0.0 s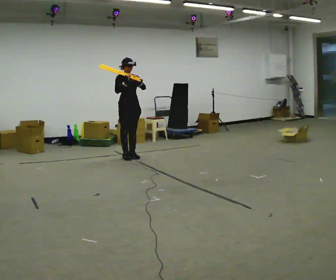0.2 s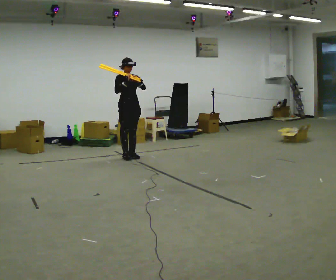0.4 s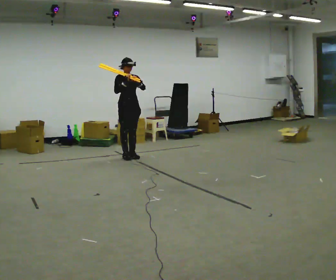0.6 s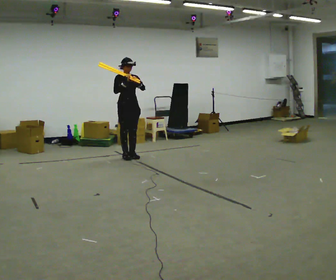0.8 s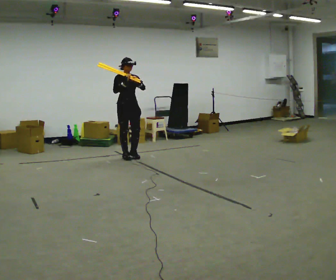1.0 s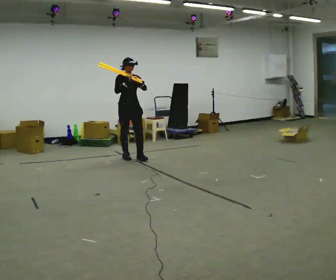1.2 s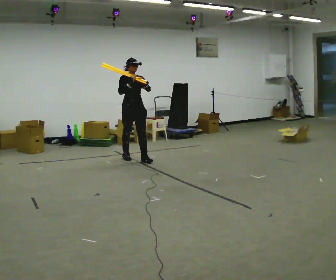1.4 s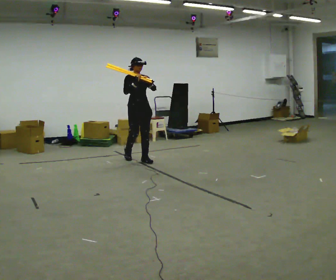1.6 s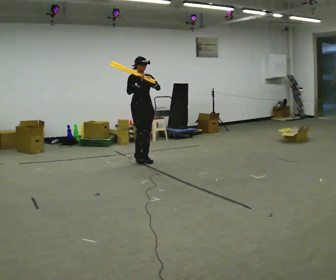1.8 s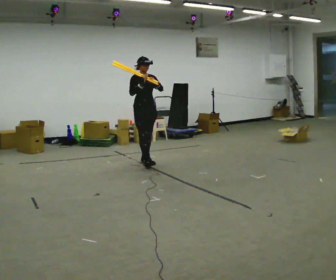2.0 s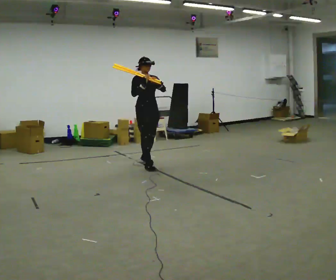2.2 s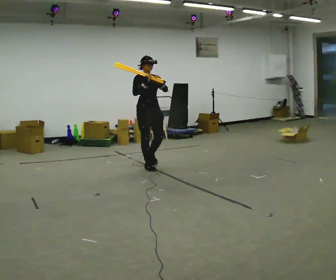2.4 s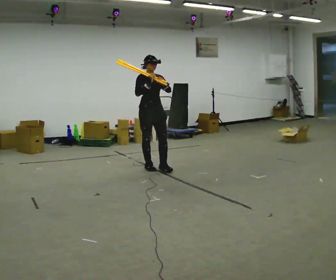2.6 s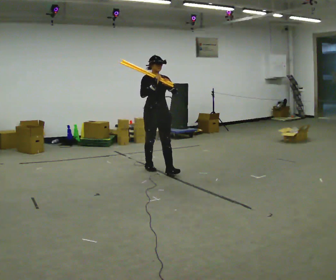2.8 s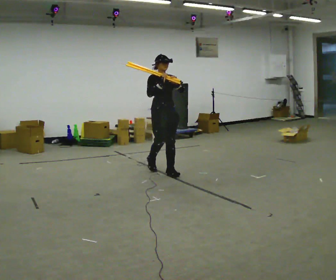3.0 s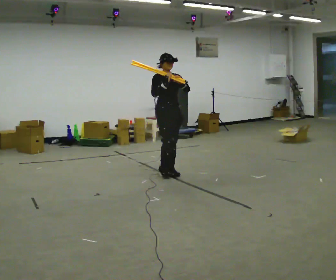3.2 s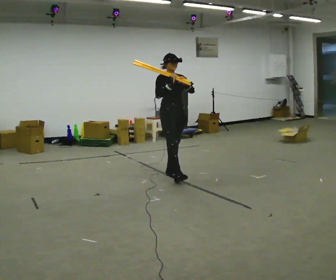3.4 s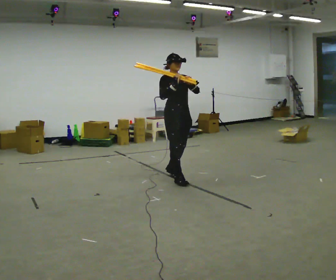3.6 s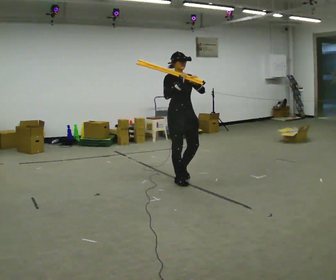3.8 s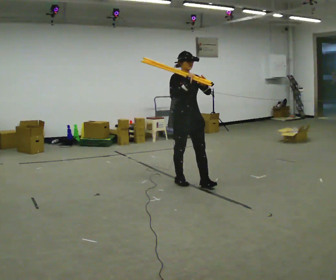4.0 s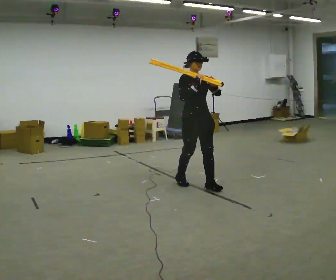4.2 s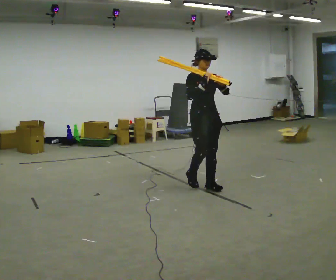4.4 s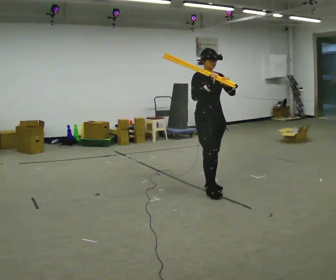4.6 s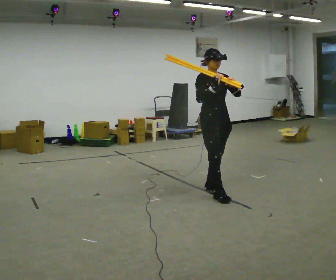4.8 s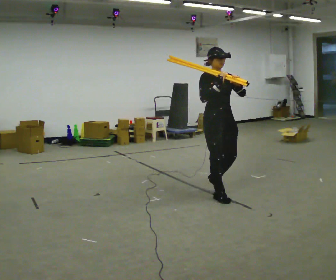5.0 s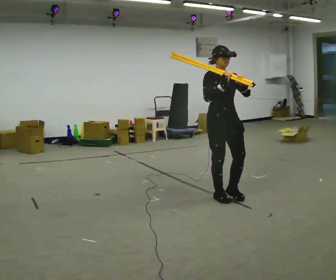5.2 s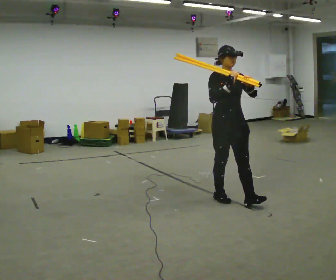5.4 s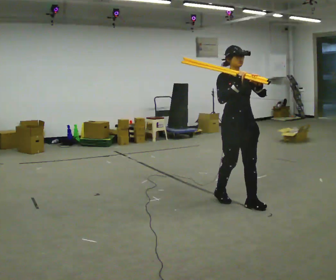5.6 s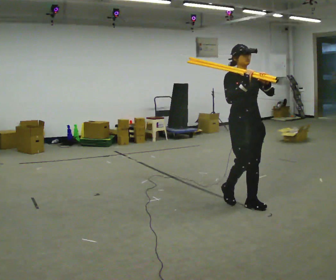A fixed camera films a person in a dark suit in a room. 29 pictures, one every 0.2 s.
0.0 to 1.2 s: In the picture they go toward the camera, about 0.25 m in 1 step, which for them is forward.
1.2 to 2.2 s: In the picture they go toward the camera and to the right, about 0.5 m in 1 step, which for them is forward.
2.2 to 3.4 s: In the picture they go toward the camera and to the right, about 1 m in 2 steps, which for them is forward.
3.4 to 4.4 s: In the picture they go toward the camera and to the right, about 0.5 m in 1 step, which for them is forward.
4.4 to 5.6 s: In the picture they go toward the camera and to the right, about 0.75 m in 2 steps, which for them is forward.
The film runs forward here.
